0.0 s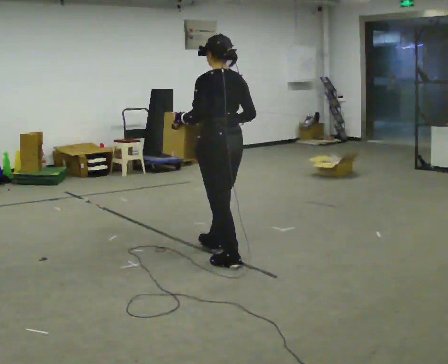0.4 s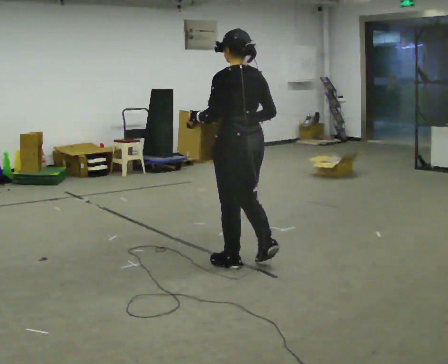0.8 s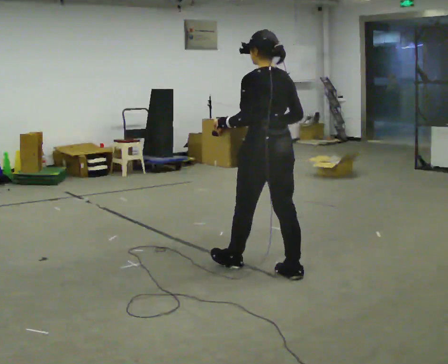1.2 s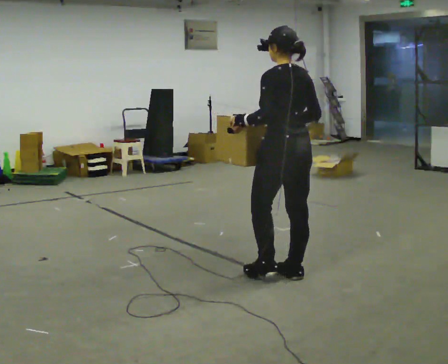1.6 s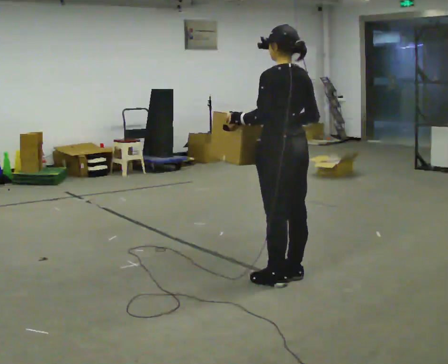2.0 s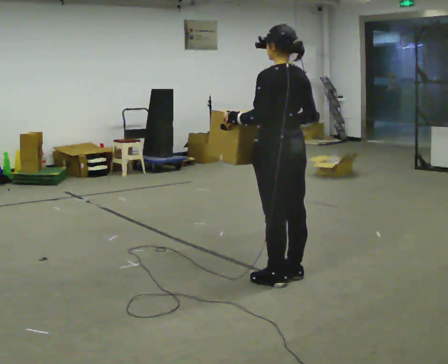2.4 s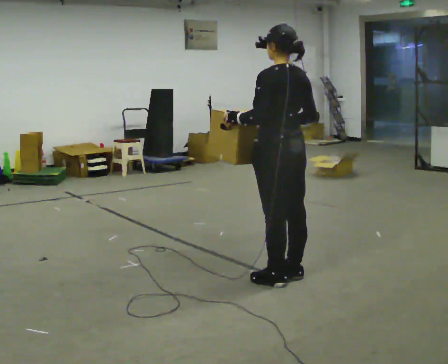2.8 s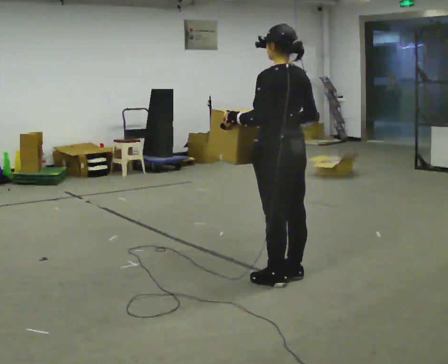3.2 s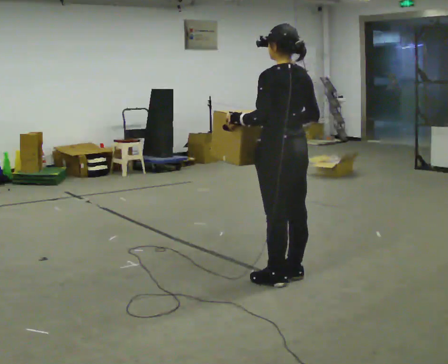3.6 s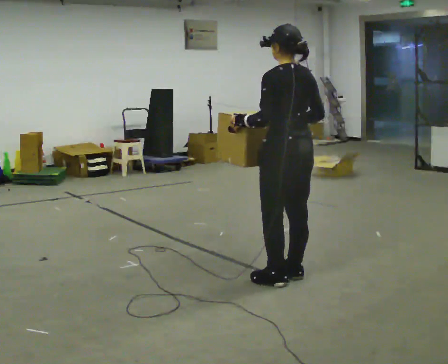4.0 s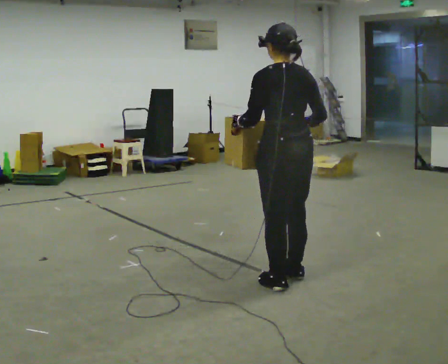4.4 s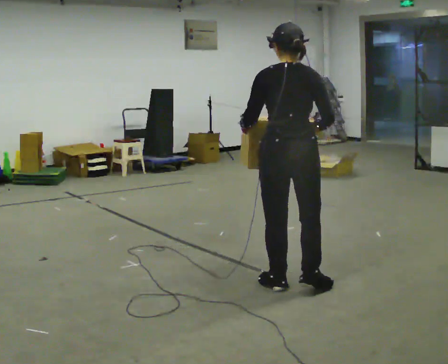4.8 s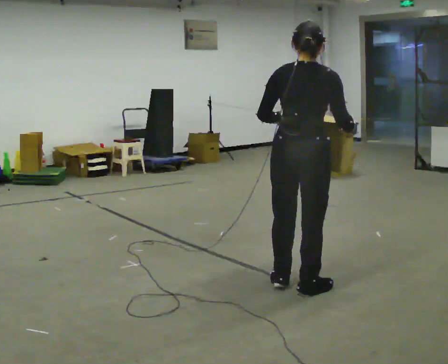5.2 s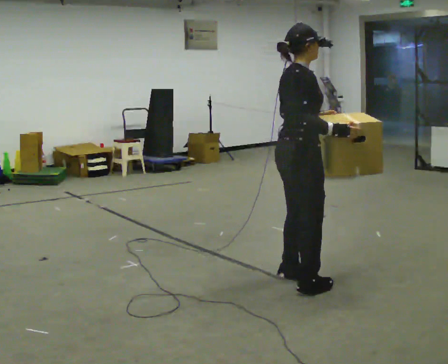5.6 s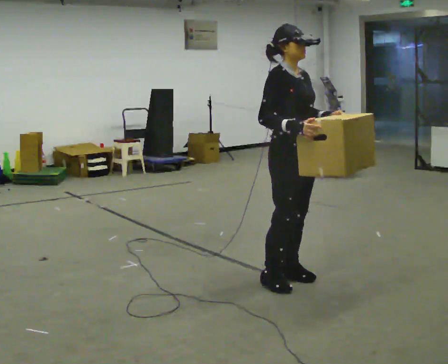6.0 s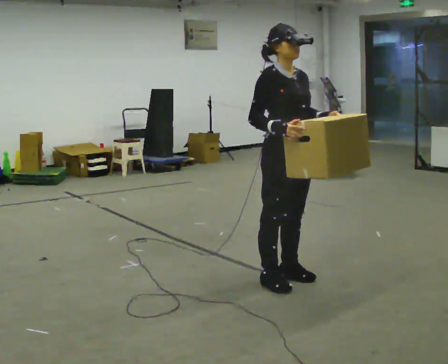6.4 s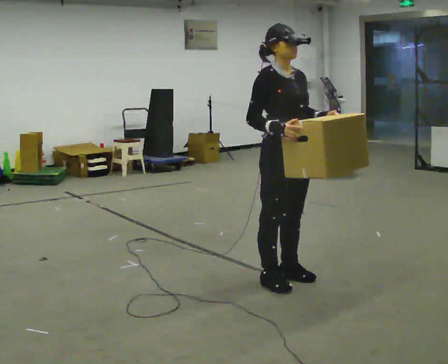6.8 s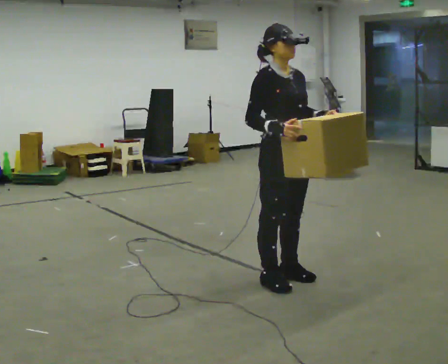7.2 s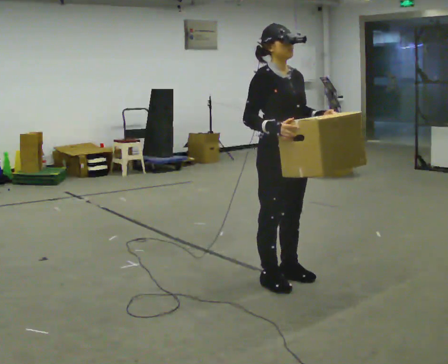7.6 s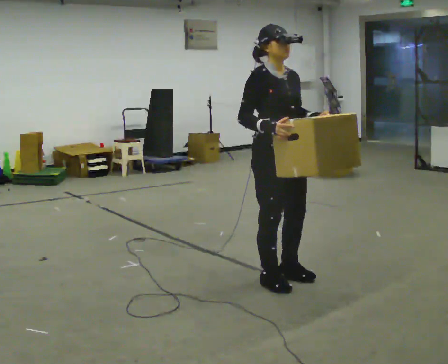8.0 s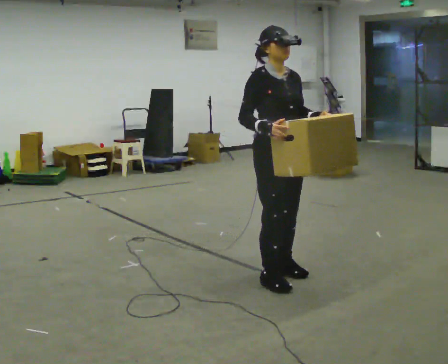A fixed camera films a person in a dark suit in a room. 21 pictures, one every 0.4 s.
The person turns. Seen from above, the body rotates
clockwise.
The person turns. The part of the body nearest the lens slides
to the left.
0.0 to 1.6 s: In the picture they go to the right and toward the camera, about 0.5 m in 2 steps, which for them is backward.
1.6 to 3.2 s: The person moves a little, or ends about where they began.
3.2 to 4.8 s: The part of the body nearest the lens slides to the left as the person turns to their right by about 60 degrees. In the picture they go toward the camera, about 0.25 m in 1 step. In the picture their right hand goes to the right.
4.8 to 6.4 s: Seen from above the body turns clockwise, about 120 degrees: to their right, with its near side sliding to the left. In the picture they go away from the camera, about 0.25 m in 2 steps. In the picture their left hand goes to the right.
6.4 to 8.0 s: The person moves a little, or ends about where they began.
The film runs backward here.
